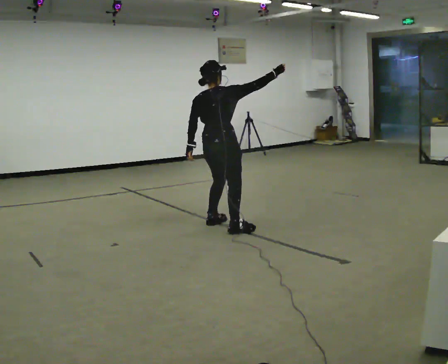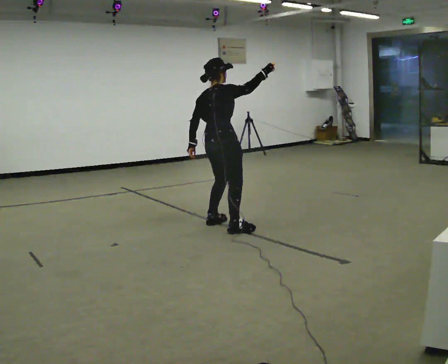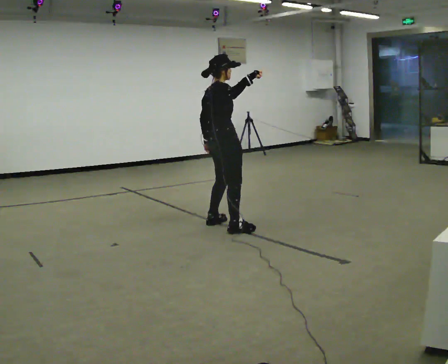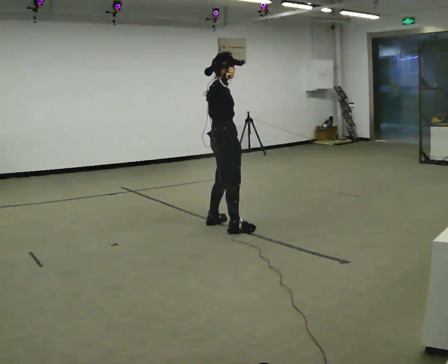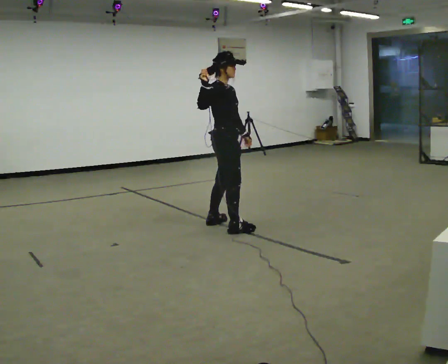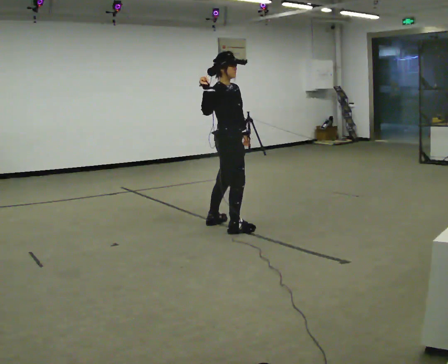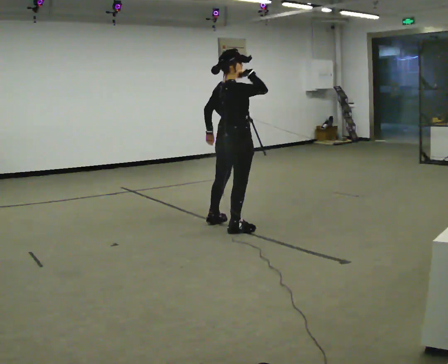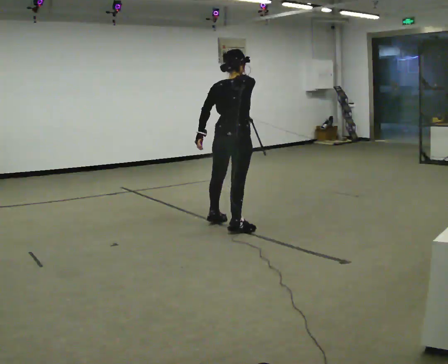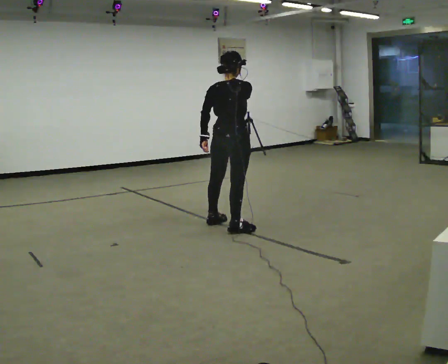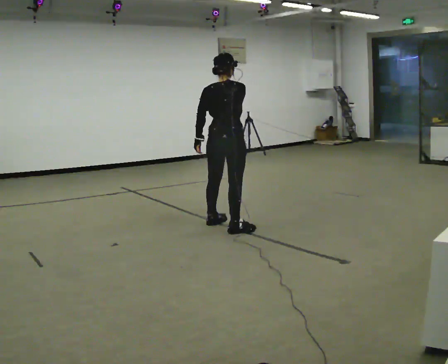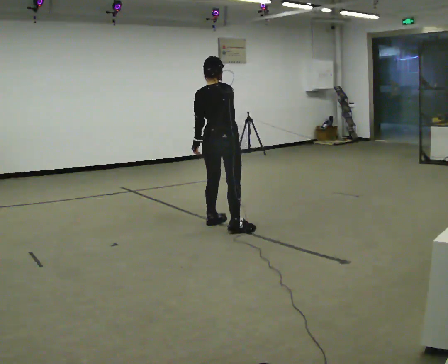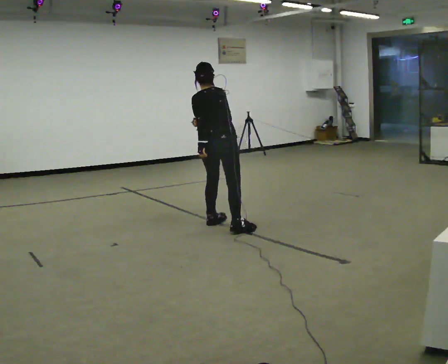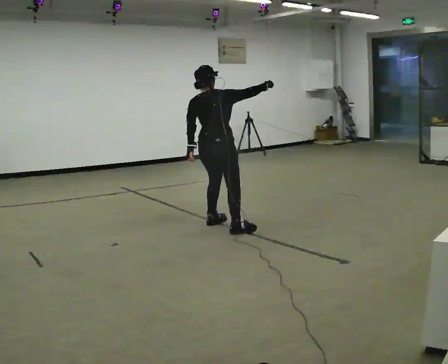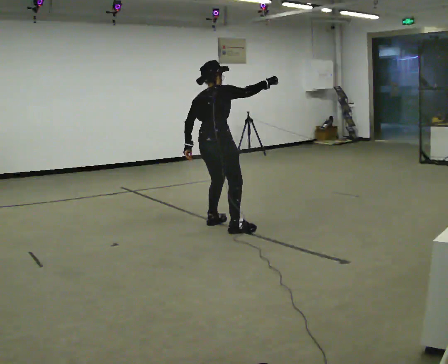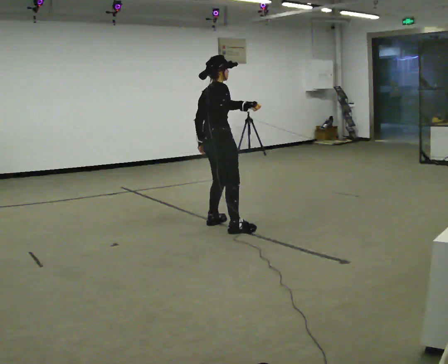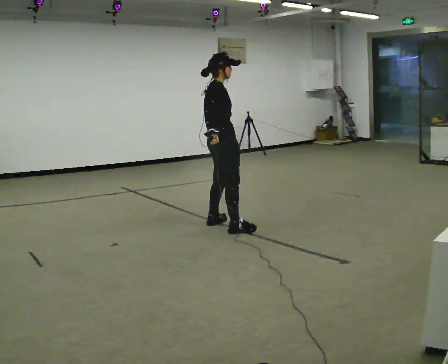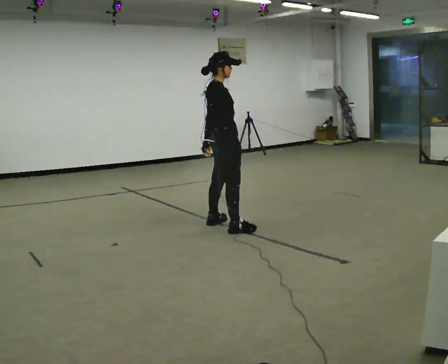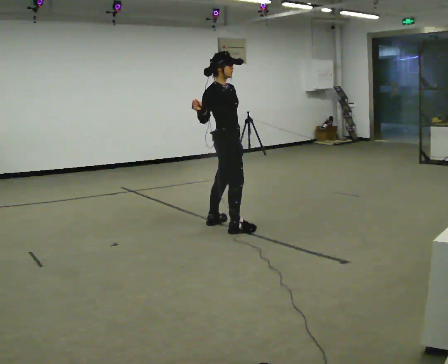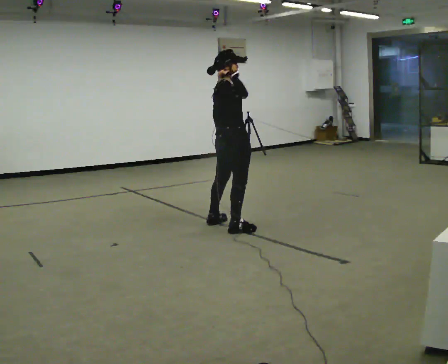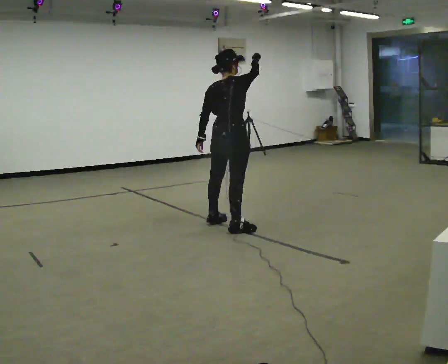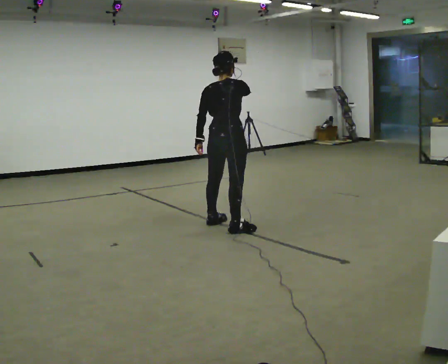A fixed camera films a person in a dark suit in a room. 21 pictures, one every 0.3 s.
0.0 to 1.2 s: The person turns about 75 degrees to their right, clockwise seen from above, so the part of the body nearest the lens slides to the left. In the picture their right hand goes to the left.
1.2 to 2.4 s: Seen from above the body turns counterclockwise, about 75 degrees: to their left, with its near side sliding to the right.
2.4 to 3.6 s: The upper body tips away from the camera, its near side rolling upward, as they bend forward. In the picture their right hand goes to the right.
3.6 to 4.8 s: The part of the body nearest the lens slides to the left as the person turns to their right by about 75 degrees. The upper body tips toward the camera, its near side rolling downward, as they lean back or straighten. In the picture their right hand goes to the left and downward.
4.8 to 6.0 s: The part of the body nearest the lens slides to the right as the person turns to their left by about 60 degrees. In the picture their right hand goes upward.
The film runs forward here.
